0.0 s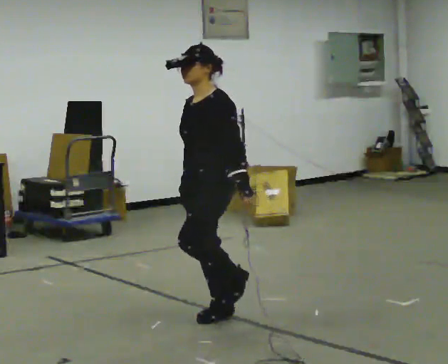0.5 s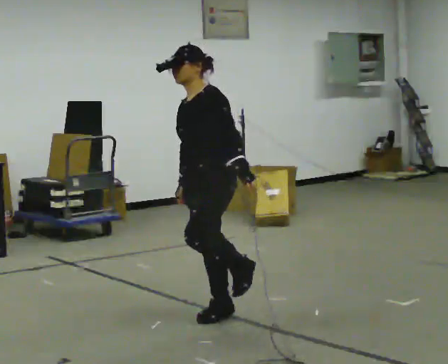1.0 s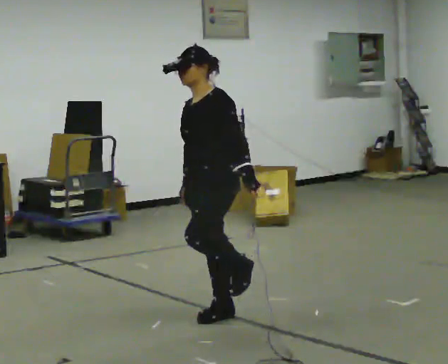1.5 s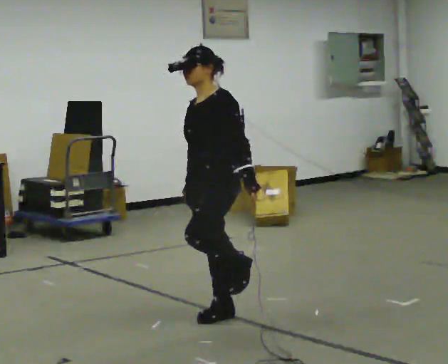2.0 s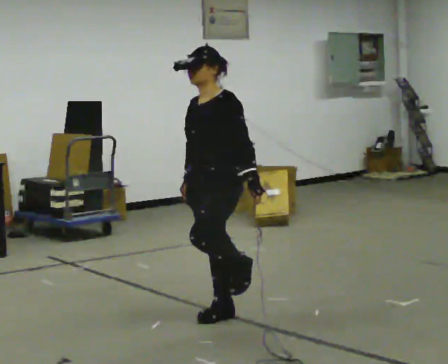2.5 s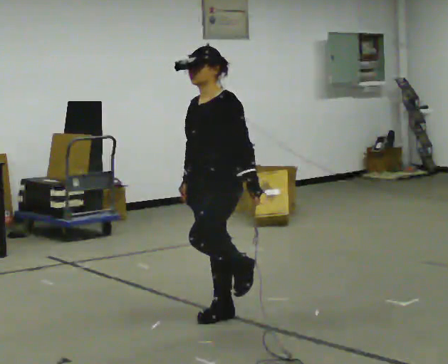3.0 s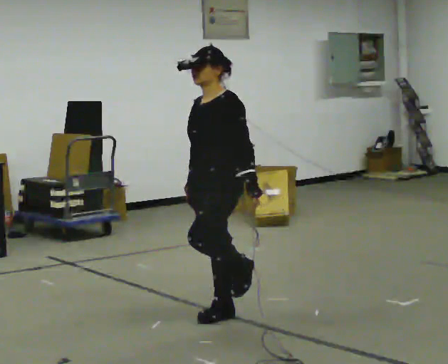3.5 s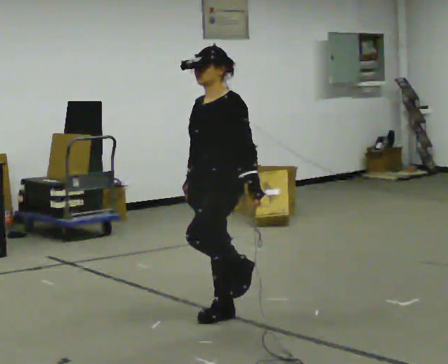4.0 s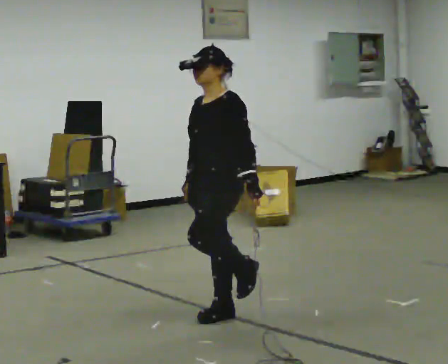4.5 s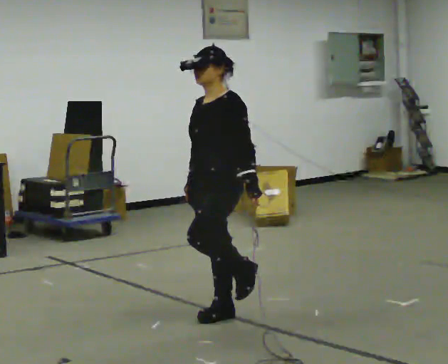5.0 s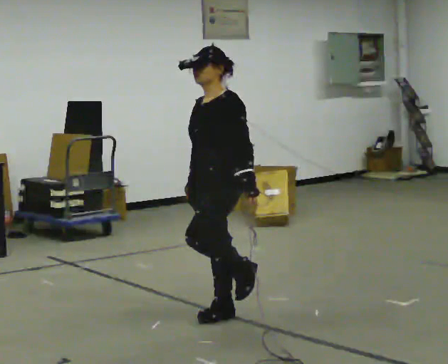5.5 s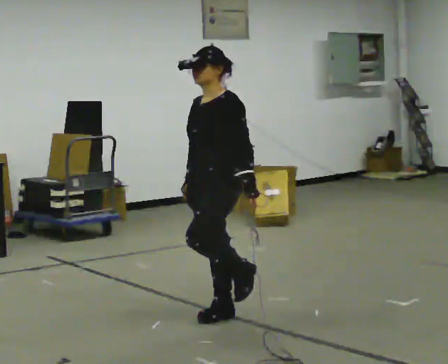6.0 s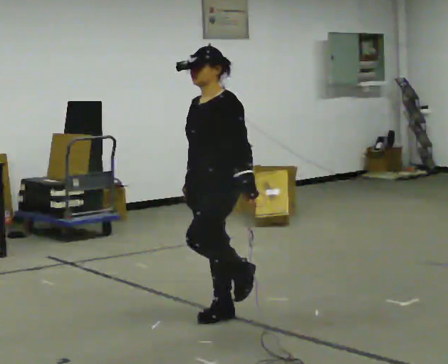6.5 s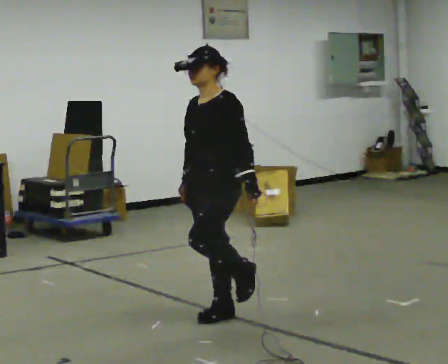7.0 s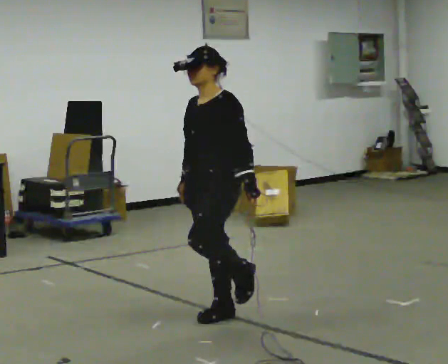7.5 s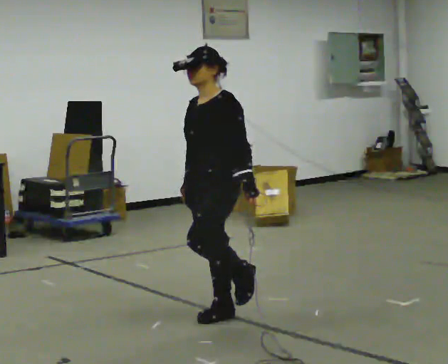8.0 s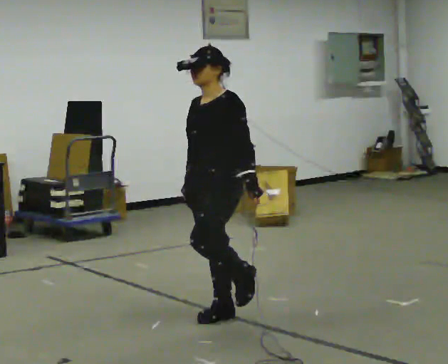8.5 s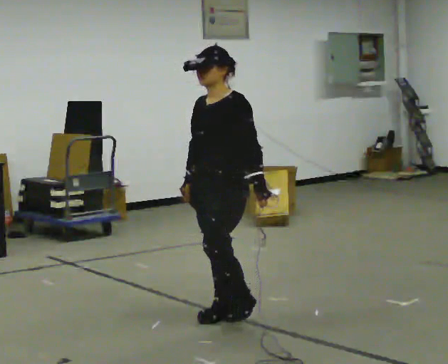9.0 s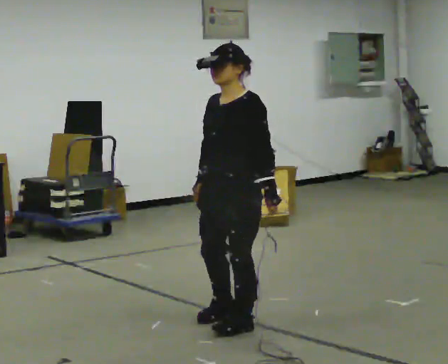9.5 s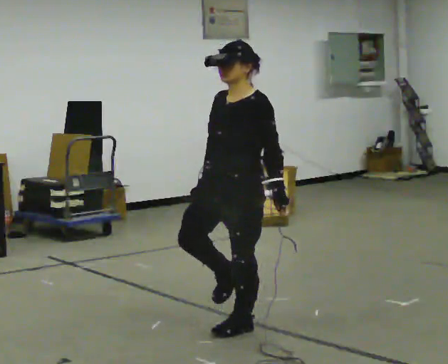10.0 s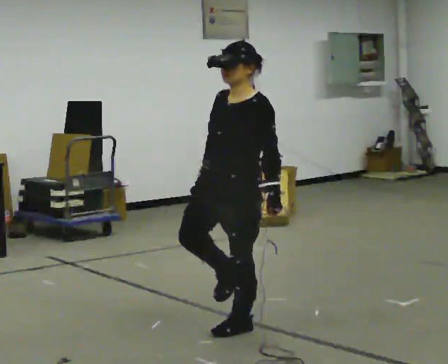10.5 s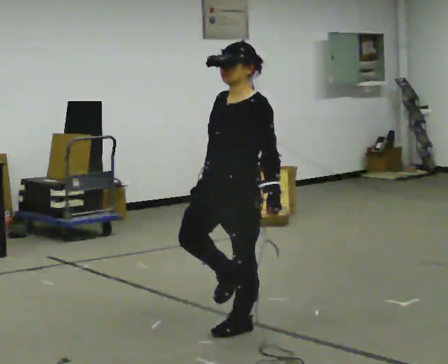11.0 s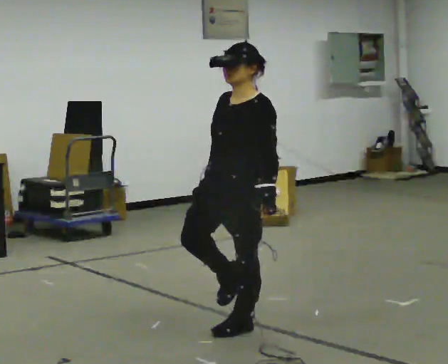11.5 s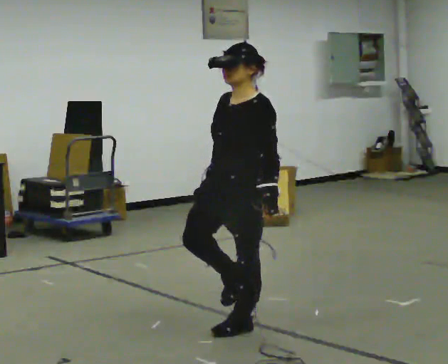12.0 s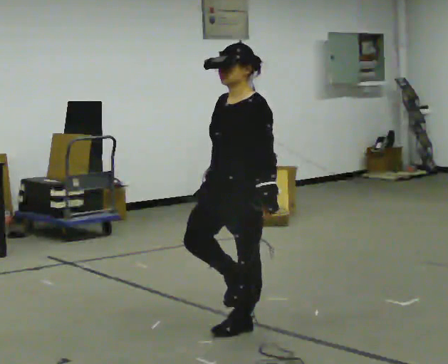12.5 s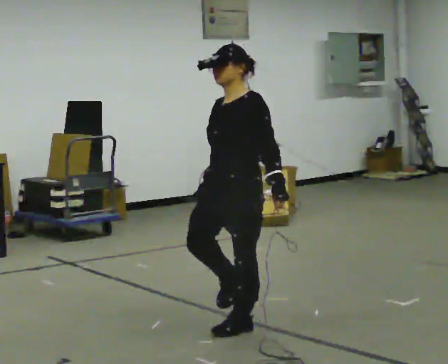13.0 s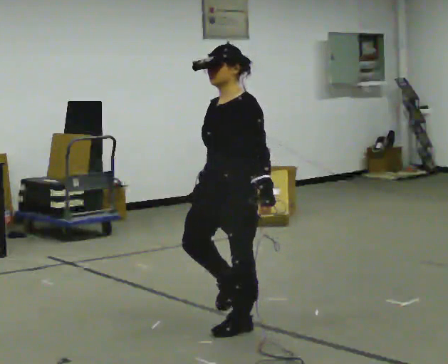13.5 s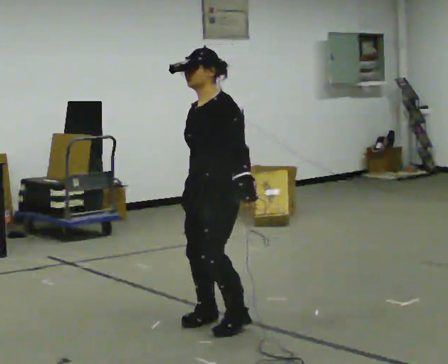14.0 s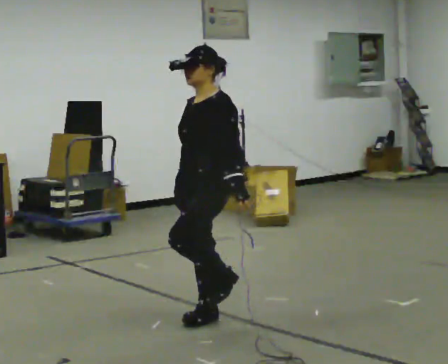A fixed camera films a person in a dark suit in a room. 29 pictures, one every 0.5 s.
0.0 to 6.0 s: The person moves a little, or ends about where they began.
6.0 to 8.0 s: The person keeps their place and pose.
8.0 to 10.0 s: In the picture they go toward the camera, about 0.25 m, which for them is to their left.
10.0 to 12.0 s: The person moves a little, or ends about where they began.
12.0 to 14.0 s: In the picture they go to the left and away from the camera, about 0.25 m, which for them is to their right.
The film runs forward here.
